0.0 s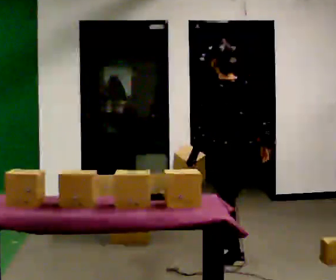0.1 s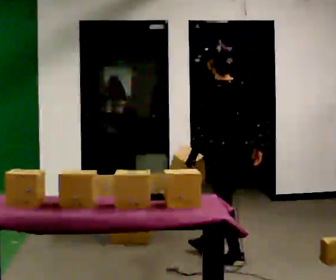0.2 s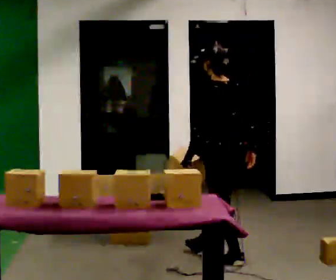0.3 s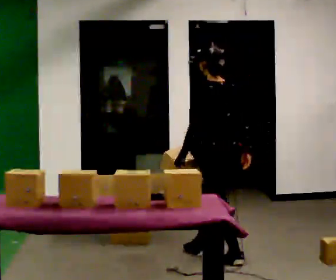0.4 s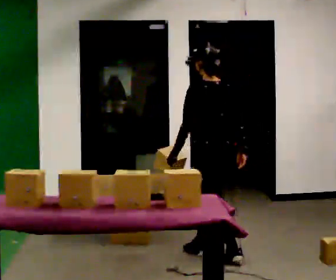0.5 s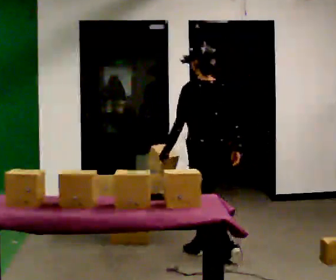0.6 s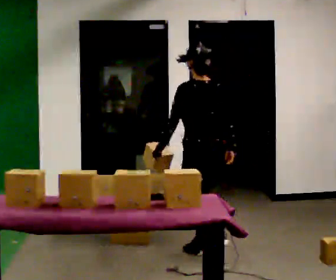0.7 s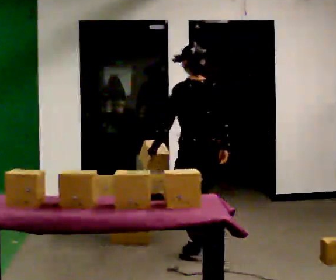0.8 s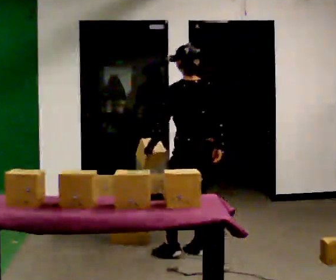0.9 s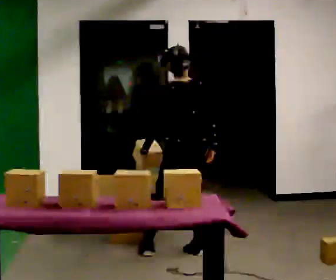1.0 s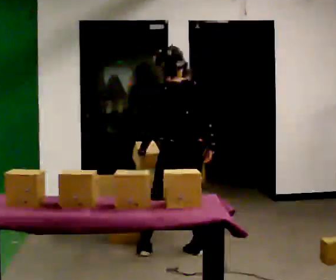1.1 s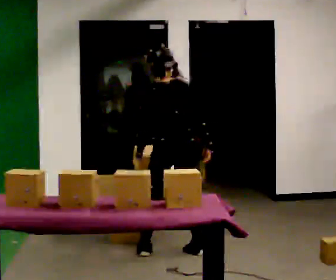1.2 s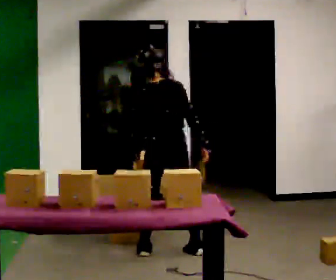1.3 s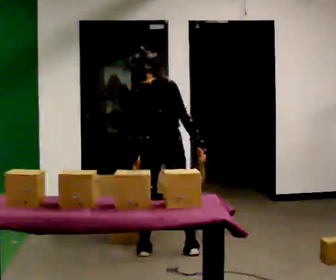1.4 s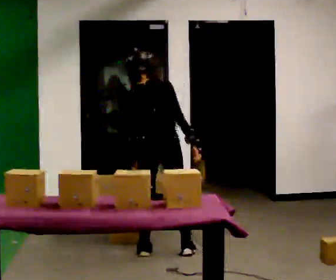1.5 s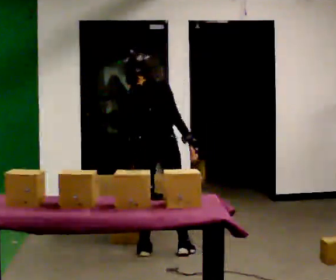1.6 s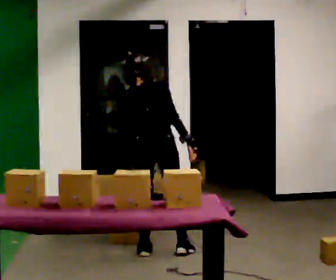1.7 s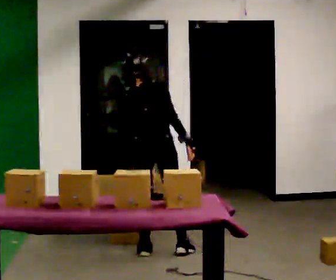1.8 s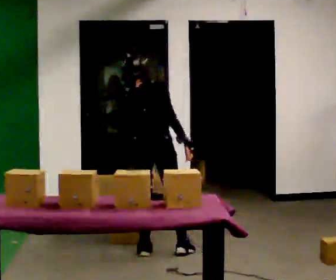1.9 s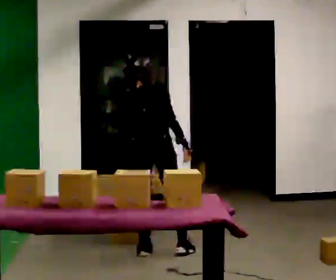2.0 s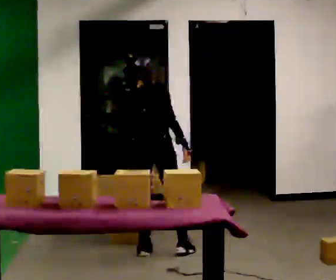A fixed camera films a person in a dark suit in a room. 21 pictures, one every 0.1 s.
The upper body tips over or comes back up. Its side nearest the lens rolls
upward.
0.0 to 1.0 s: In the picture they go to the left and away from the camera, about 0.5 m in 2 steps, which for them is forward.
1.0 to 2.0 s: The part of the body nearest the lens slides to the left as the person turns to their right by about 30 degrees. In the picture they go to the left, about 0.25 m, which for them is to their left. The upper body tips away from the camera, its near side rolling upward, as they bend forward.
The film runs forward here.
